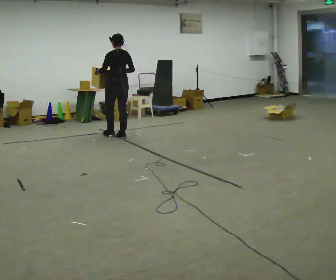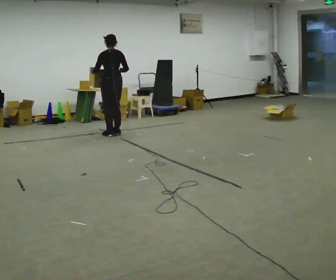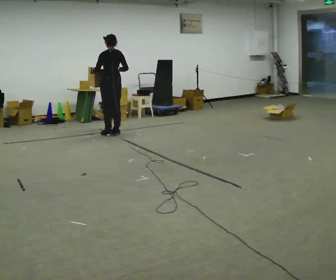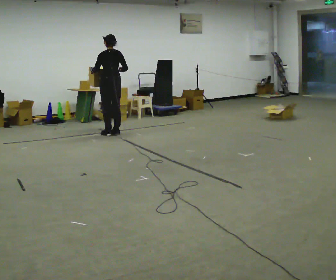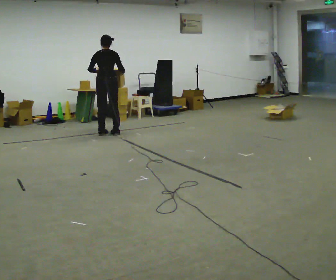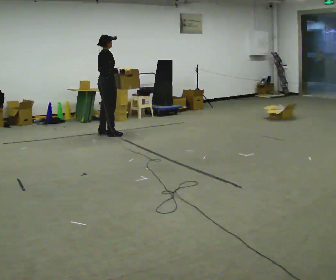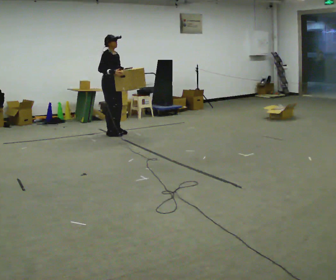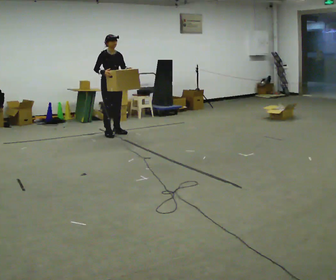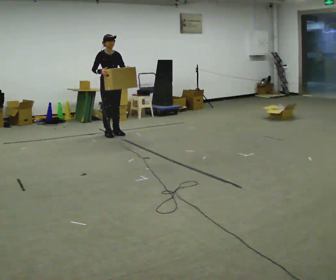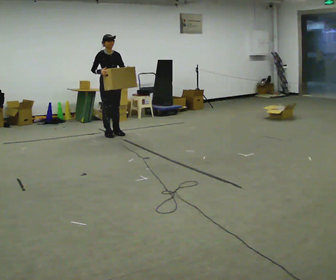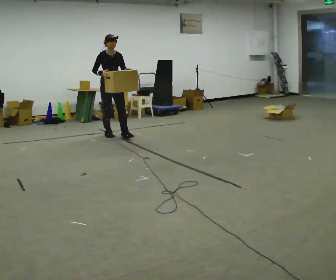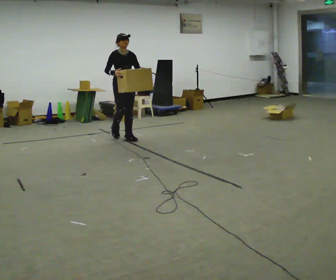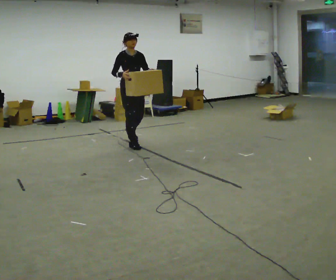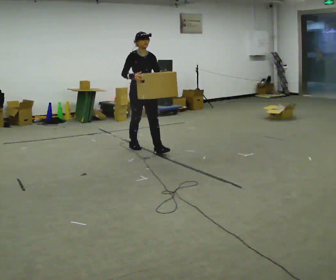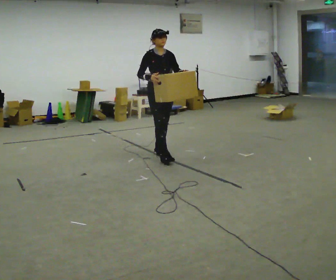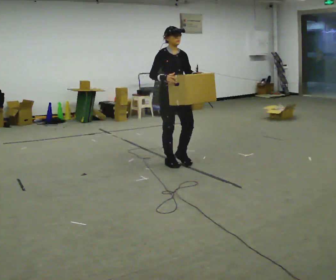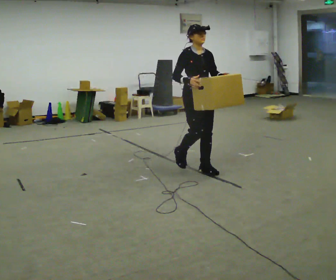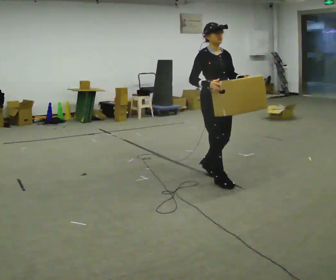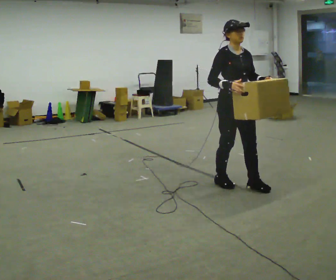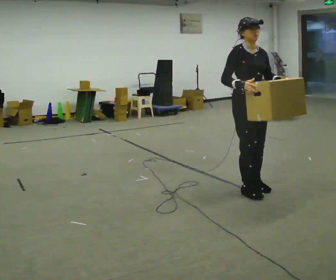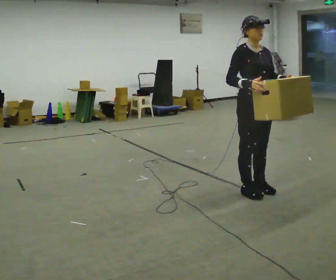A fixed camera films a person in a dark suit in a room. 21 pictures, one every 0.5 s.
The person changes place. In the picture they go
toward the camera.
The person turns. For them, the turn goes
to their right.
0.0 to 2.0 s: Seen from above the body turns clockwise, about 45 degrees: to their right, with its near side sliding to the left. In the picture they go to the left and away from the camera, about 0.25 m in 3 steps, which for them is forward and to their left.
2.0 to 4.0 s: Seen from above the body turns clockwise, about 135 degrees: to their right, with its near side sliding to the left. In the picture their left hand goes to the right.
4.0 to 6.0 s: In the picture they go toward the camera and to the right, about 1 m in 2 steps, which for them is forward.
6.0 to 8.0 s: In the picture they go toward the camera and to the right, about 1.5 m in 3 steps, which for them is forward.
8.0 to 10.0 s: In the picture they go toward the camera and to the right, about 1 m in 3 steps, which for them is forward.
The film runs forward here.
